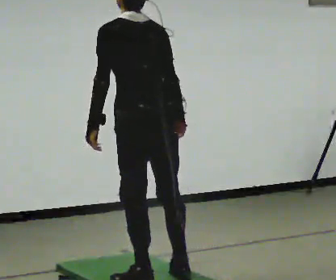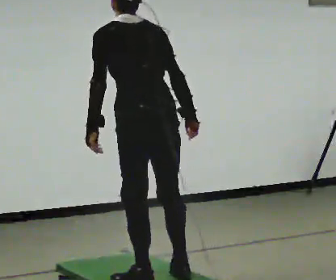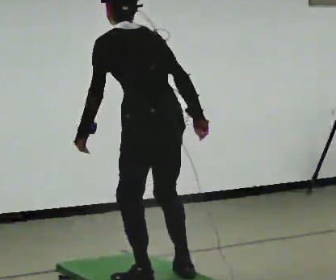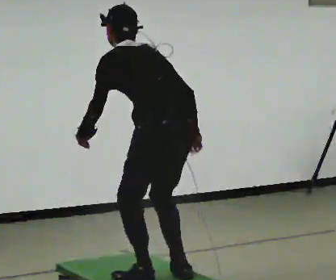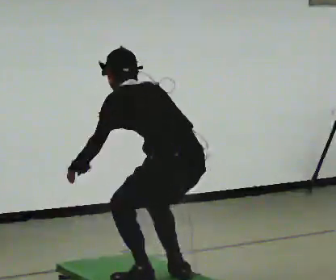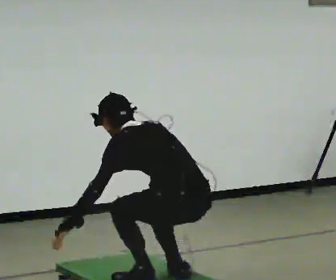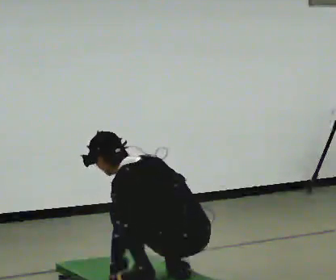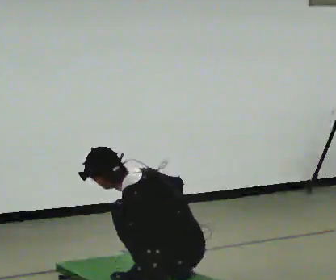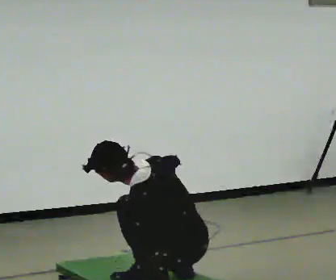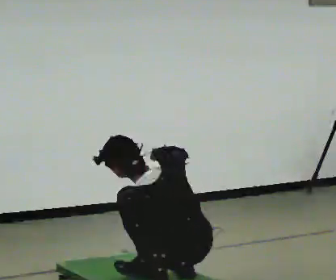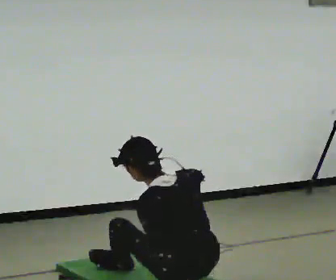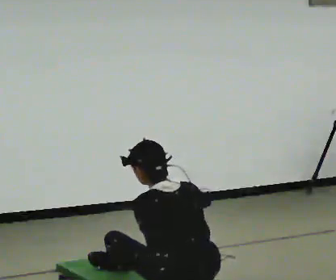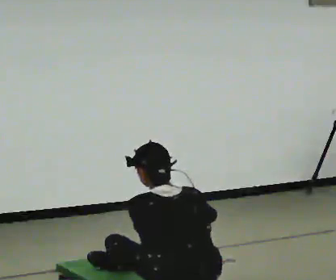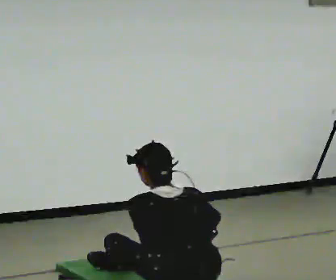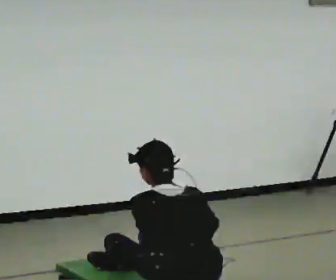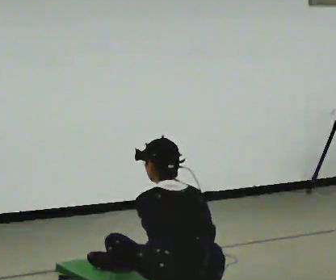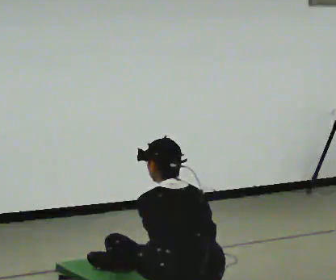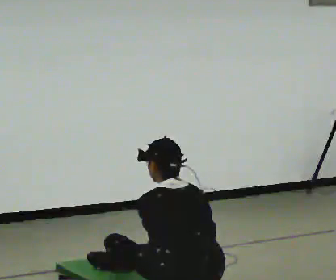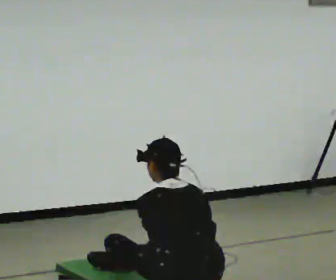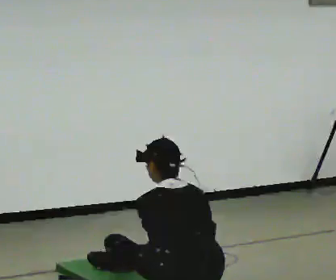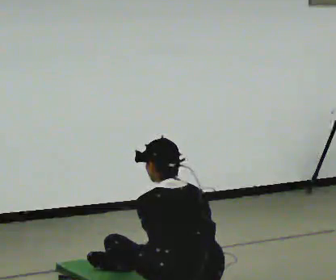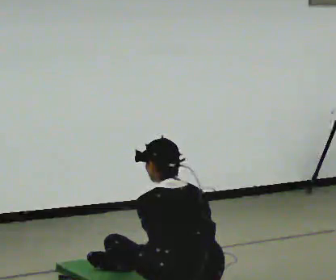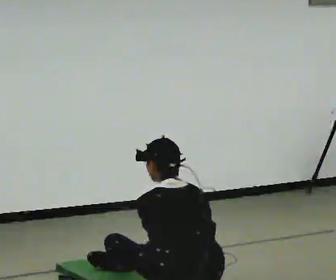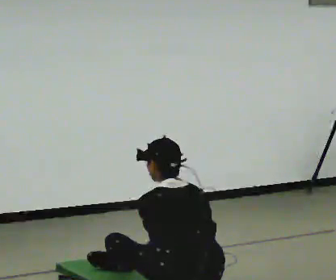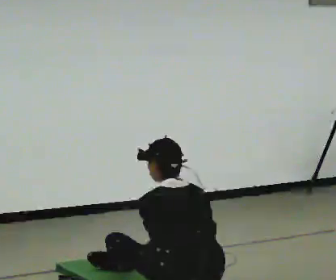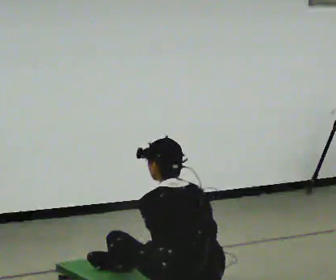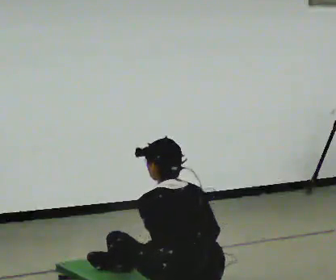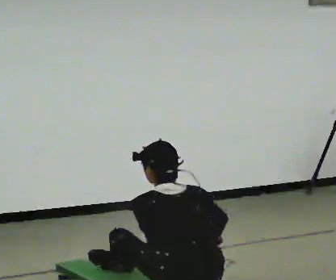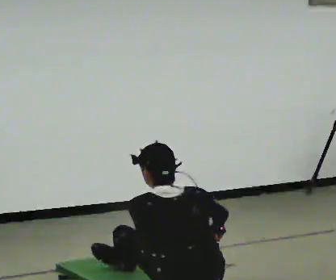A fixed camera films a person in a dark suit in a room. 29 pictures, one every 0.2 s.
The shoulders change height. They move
downward.
Their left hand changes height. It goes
downward.
0.0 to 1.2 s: In the picture they go to the right, about 0.25 m, which for them is backward. The upper body goes downward. In the picture the upper body tilts counterclockwise, shoulders to the left, as they bend forward. In the picture their right hand goes downward.
1.2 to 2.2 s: The person moves a little, or ends about where they began.
2.2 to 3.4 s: In the picture their right hand goes downward.
3.4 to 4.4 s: The person keeps their place and pose.
4.4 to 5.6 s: The person moves a little, or ends about where they began.
The film runs backward here.
